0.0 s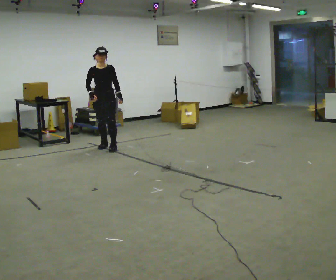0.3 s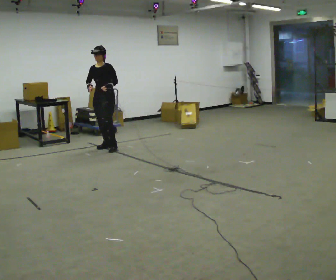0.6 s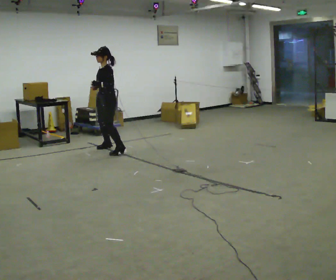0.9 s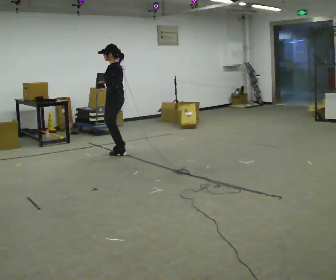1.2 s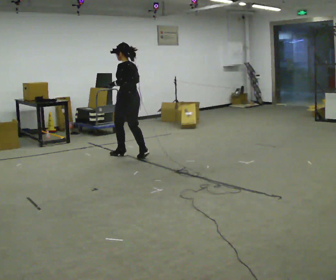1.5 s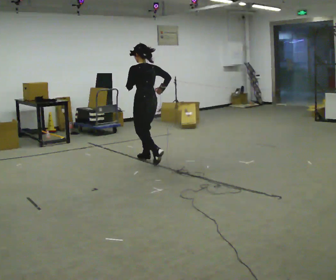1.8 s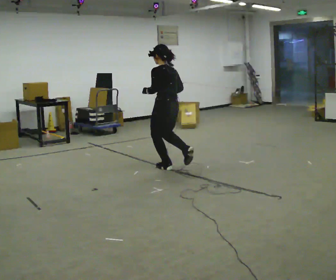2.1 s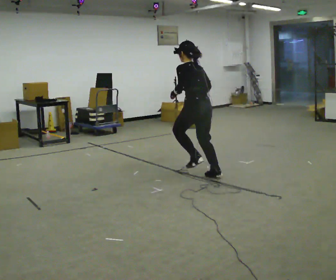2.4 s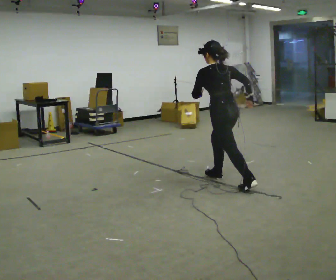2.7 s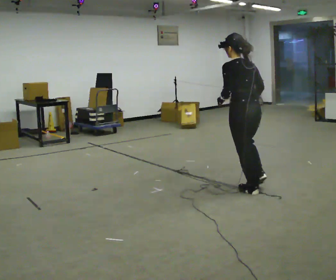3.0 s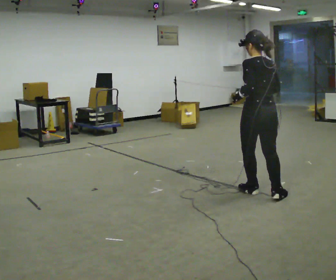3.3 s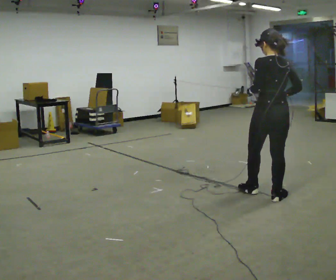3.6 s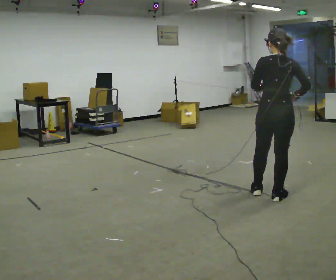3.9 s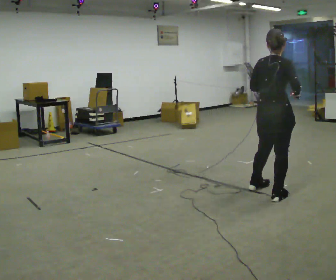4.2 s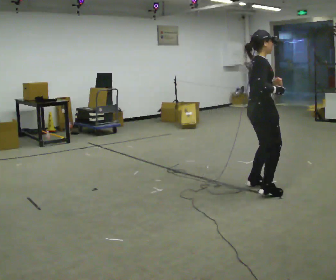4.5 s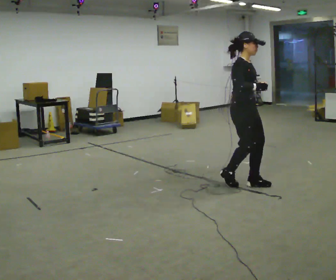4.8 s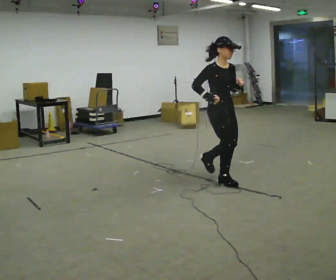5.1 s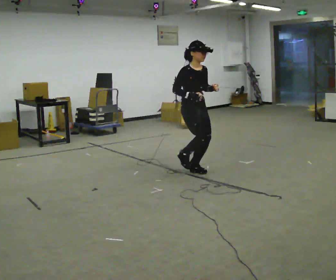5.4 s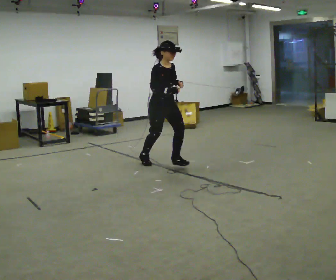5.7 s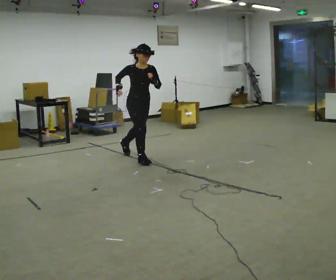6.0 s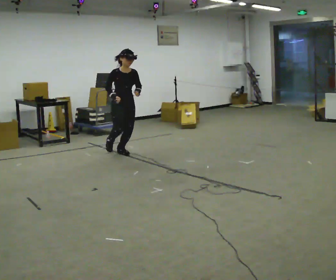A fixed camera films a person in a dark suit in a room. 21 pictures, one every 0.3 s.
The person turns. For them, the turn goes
to their right.
The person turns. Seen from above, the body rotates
clockwise.
0.0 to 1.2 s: The person turns about 135 degrees to their right, clockwise seen from above, so the part of the body nearest the lens slides to the left. In the picture they go to the right and toward the camera, about 0.5 m in 3 steps.
1.2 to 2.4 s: In the picture they go to the right and toward the camera, about 1.5 m in 2 steps, which for them is backward. In the picture the upper body tilts counterclockwise, shoulders to the left, as they bend forward.
2.4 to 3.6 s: The part of the body nearest the lens slides to the left as the person turns to their right by about 30 degrees. In the picture they go to the right and toward the camera, about 0.5 m in 1 step, which for them is backward and to their right. In the picture the upper body tilts clockwise, shoulders to the right.
3.6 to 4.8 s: Seen from above the body turns clockwise, about 135 degrees: to their right, with its near side sliding to the left. In the picture they go away from the camera and to the left, about 0.5 m in 3 steps.
4.8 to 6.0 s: In the picture they go to the left and away from the camera, about 2 m in 3 steps, which for them is backward.
The film runs backward here.
